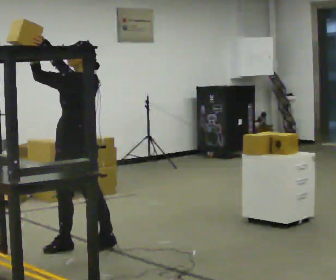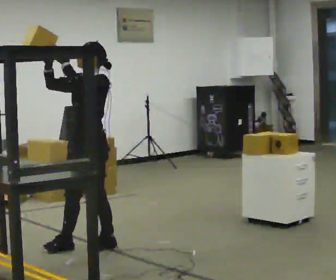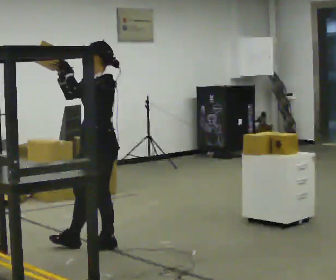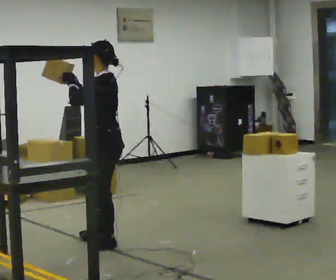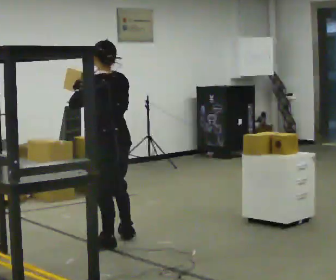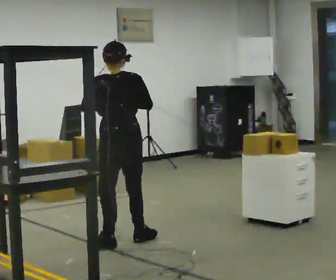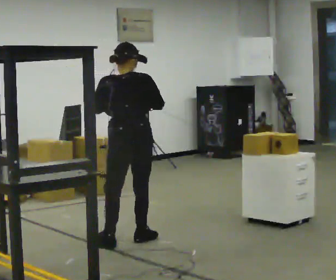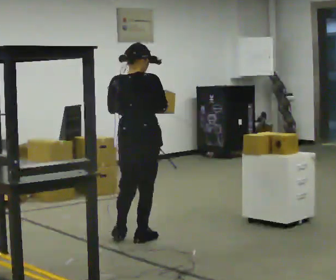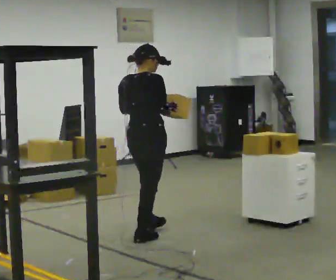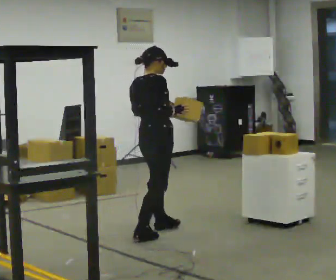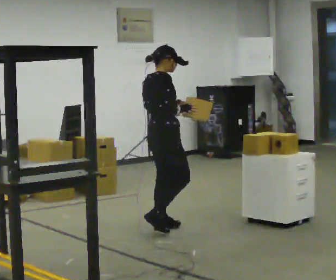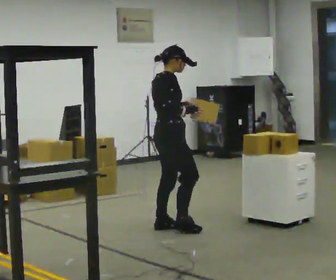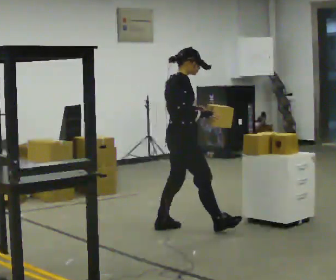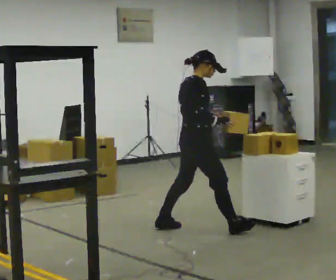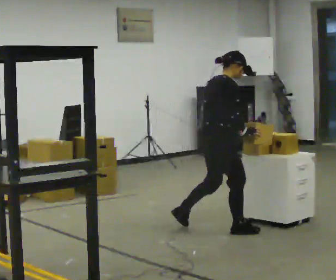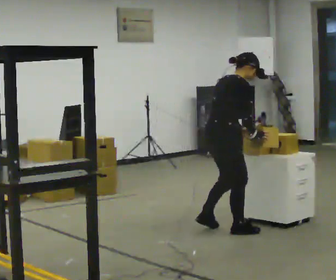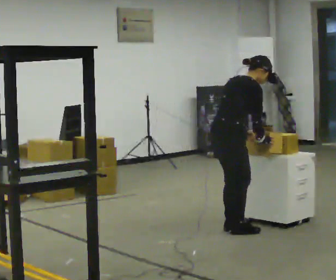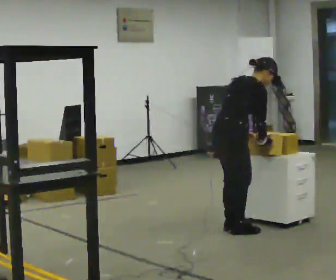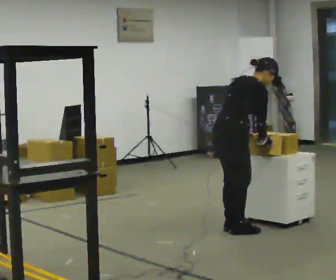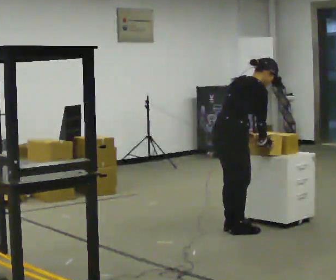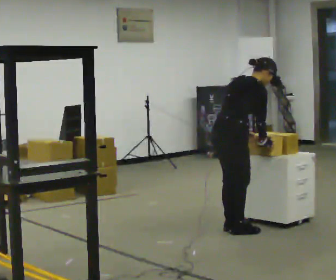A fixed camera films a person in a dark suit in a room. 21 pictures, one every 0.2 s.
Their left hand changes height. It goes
downward.
The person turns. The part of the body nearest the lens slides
to the left.
0.0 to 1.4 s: Seen from above the body turns clockwise, about 150 degrees: to their right, with its near side sliding to the left. In the picture they go to the right and away from the camera, about 0.5 m in 1 step. In the picture their right hand goes downward.
1.4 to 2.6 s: Seen from above the body turns clockwise, about 60 degrees: to their right, with its near side sliding to the left. In the picture they go to the right and away from the camera, about 0.5 m in 1 step.
2.6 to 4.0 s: In the picture they go to the right, about 0.25 m in 2 steps, which for them is to their right and forward. In the picture the upper body tilts clockwise, shoulders to the right, as they bend forward.
The film runs forward here.
